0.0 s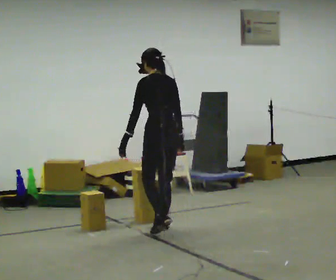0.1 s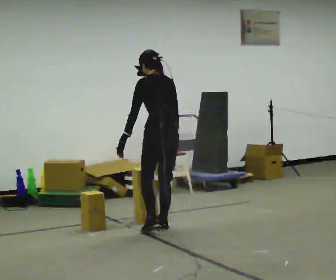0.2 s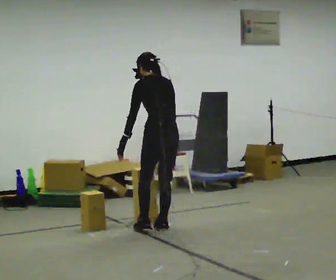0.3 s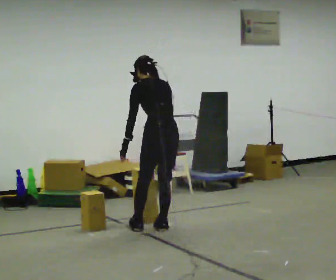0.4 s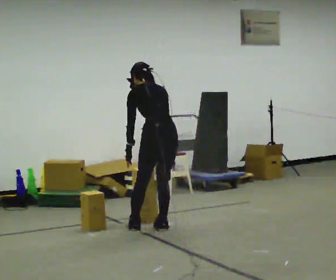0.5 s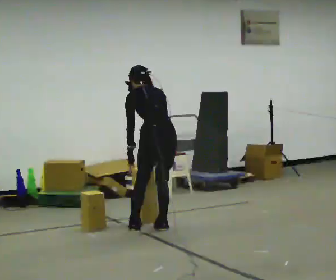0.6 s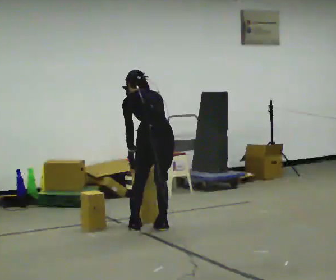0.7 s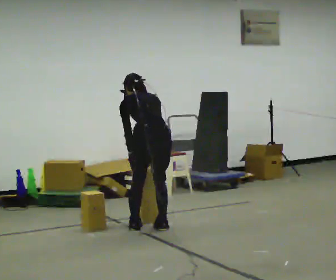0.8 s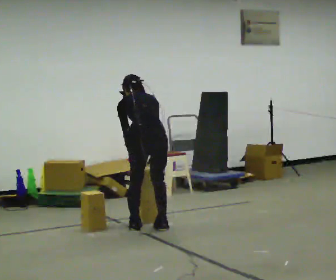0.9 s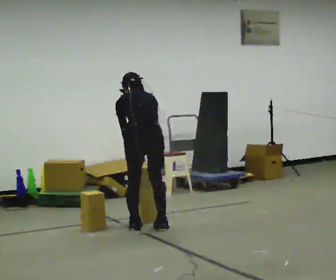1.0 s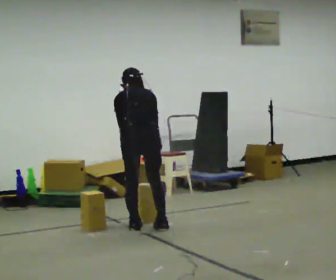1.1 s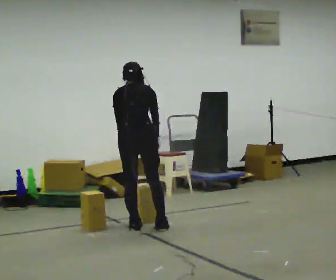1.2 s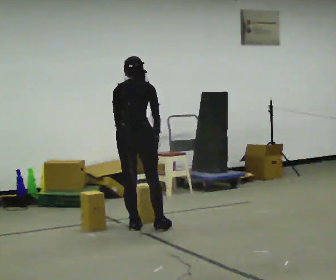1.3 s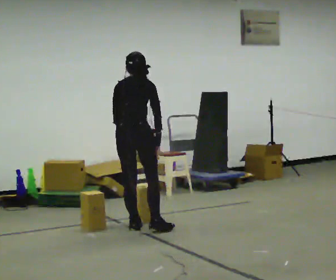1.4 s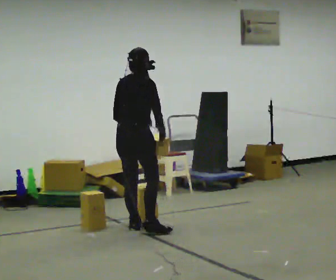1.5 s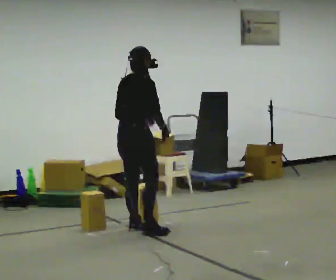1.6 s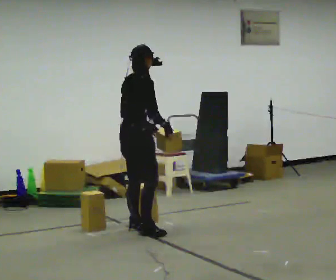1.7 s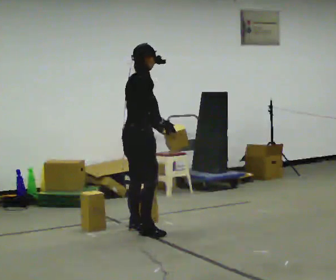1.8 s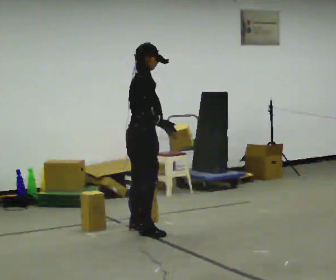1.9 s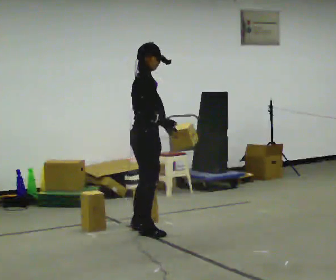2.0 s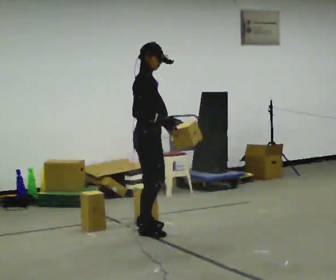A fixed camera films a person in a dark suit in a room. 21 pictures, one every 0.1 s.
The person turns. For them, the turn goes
to their right.
Their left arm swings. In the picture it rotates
counterclockwise.
0.0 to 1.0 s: The person turns about 30 degrees to their right, clockwise seen from above, so the part of the body nearest the lens slides to the left. In the picture they go to the left, about 0.25 m in 1 step, which for them is to their left. The upper body tips away from the camera, its near side rolling upward.
1.0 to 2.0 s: The person turns about 105 degrees to their right, clockwise seen from above, so the part of the body nearest the lens slides to the left. The upper body tips toward the camera, its near side rolling downward, as they lean back or straighten.
The film runs forward here.
